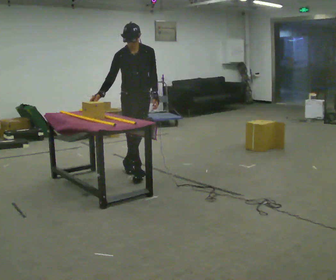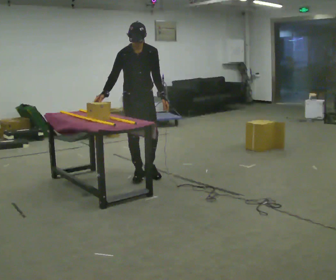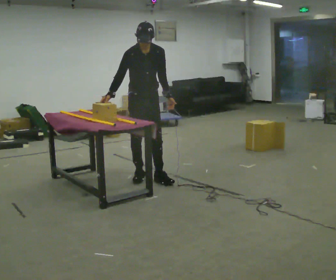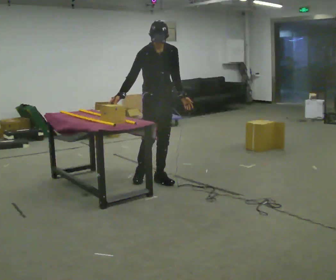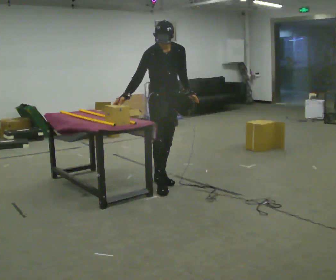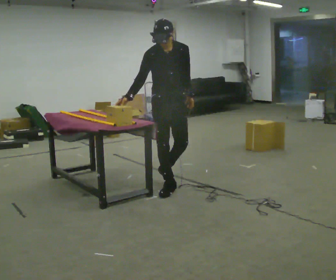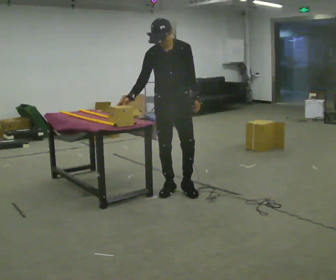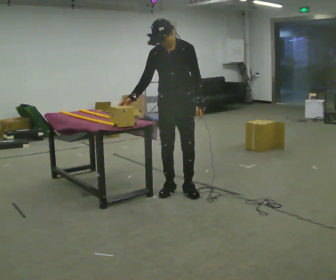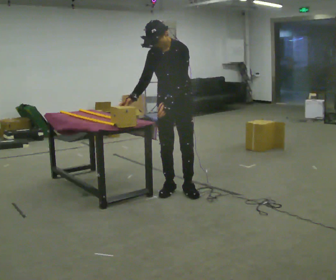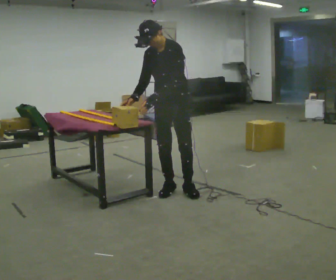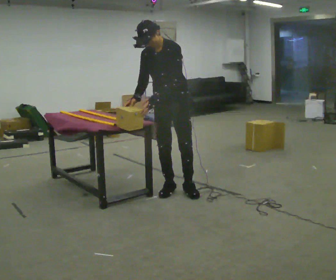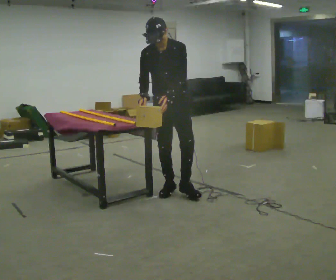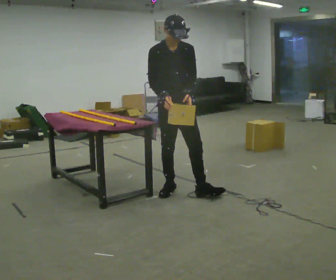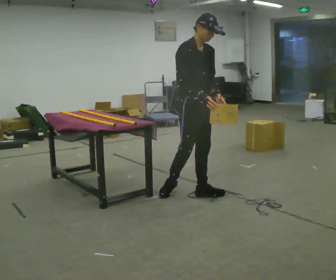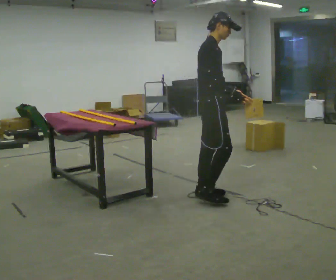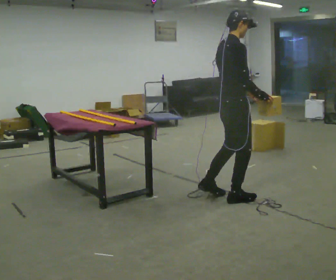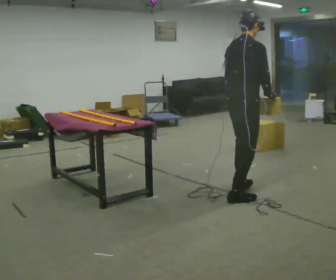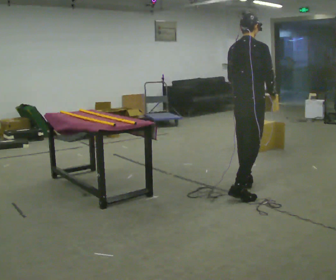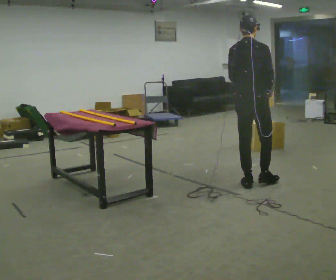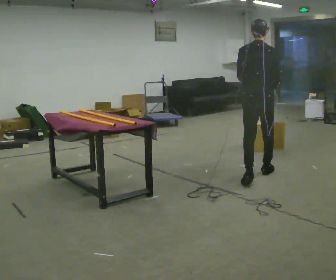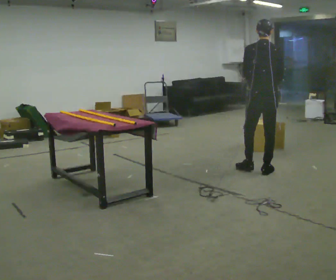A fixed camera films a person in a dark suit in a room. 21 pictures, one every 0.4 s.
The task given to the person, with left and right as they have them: Carry the object across the room and slide it into the slot on the shelf. It is a close fit, so take the time you need. Keep going until the operator says stop; one object at a time, and do not rush between trips.
0.0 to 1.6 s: In the picture they go to the right and toward the camera, about 0.5 m in 1 step, which for them is forward and to their left.
1.6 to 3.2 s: Seen from above the body turns clockwise, about 45 degrees: to their right, with its near side sliding to the left. In the picture they go toward the camera, about 0.25 m in 2 steps, which for them is forward and to their left.
3.2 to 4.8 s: Seen from above the body turns counterclockwise, about 45 degrees: to their left, with its near side sliding to the right.
4.8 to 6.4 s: Seen from above the body turns counterclockwise, about 105 degrees: to their left, with its near side sliding to the right. In the picture they go to the right, about 0.5 m in 1 step.
6.4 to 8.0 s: The part of the body nearest the lens slides to the right as the person turns to their left by about 45 degrees. In the picture they go away from the camera and to the right, about 1 m in 2 steps, which for them is forward.
The film runs forward here.
